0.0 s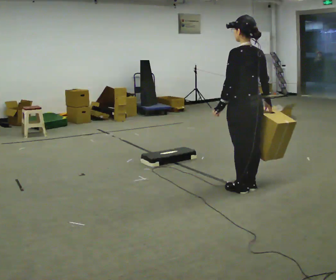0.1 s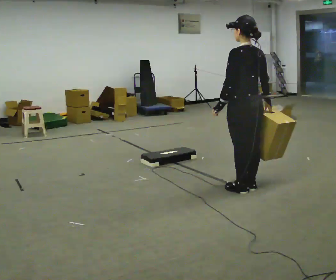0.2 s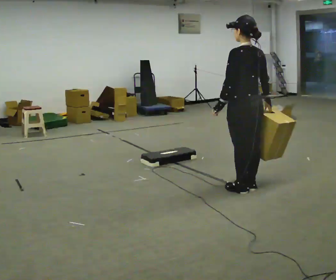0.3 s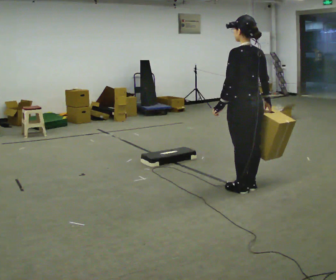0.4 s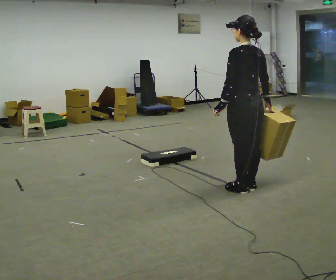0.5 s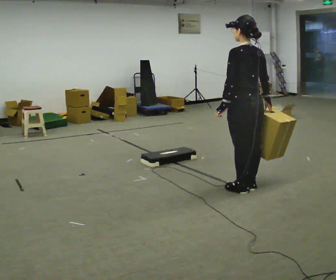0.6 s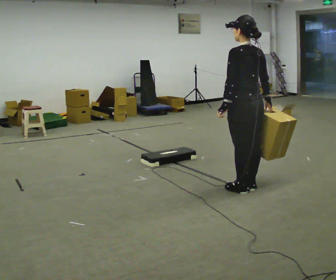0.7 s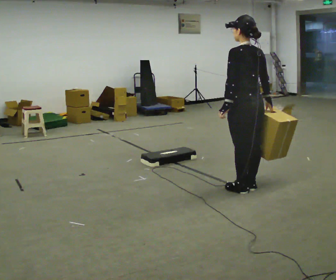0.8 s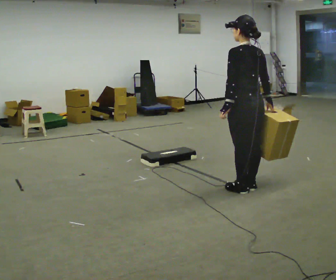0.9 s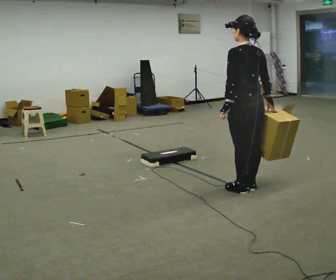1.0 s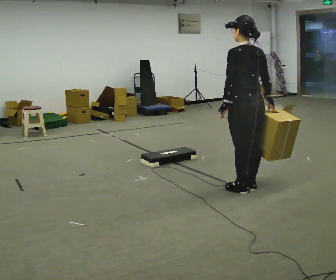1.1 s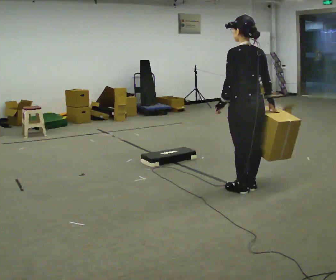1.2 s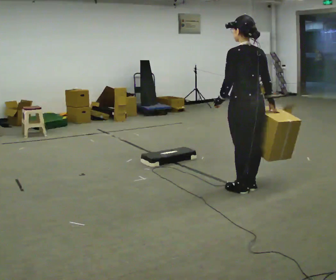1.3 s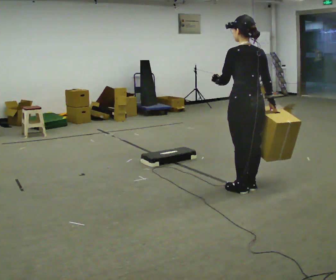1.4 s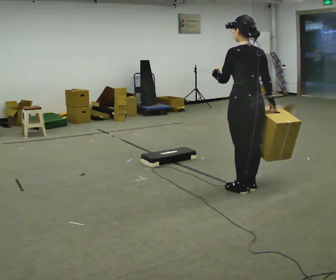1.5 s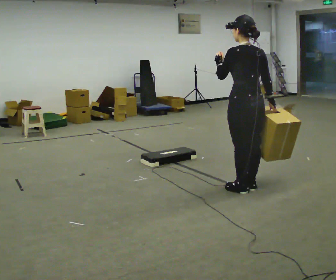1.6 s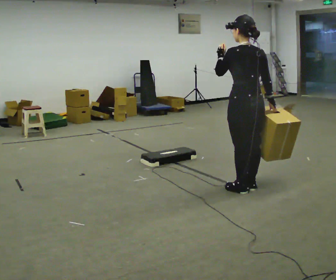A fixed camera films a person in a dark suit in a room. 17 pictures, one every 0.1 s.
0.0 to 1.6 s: In the picture their left hand goes upward.
The film runs backward here.
